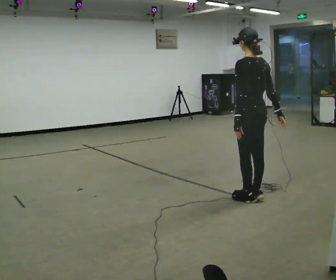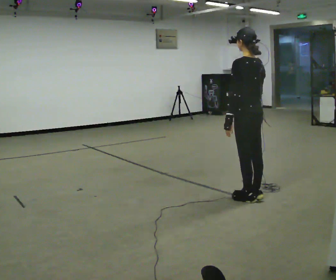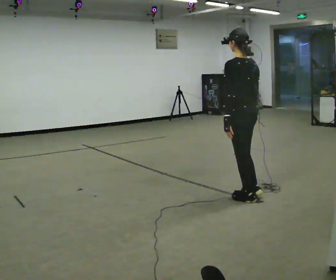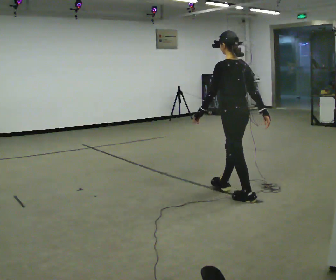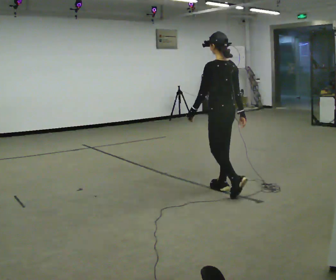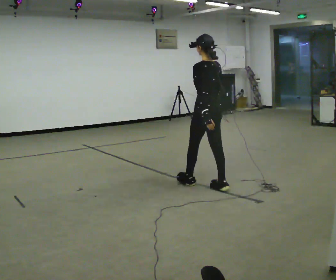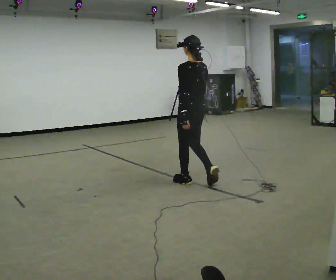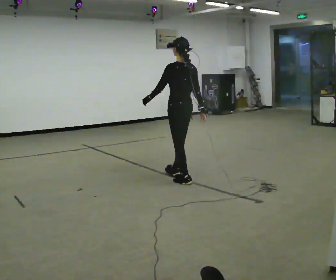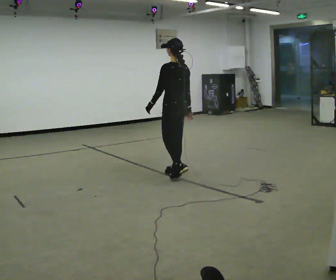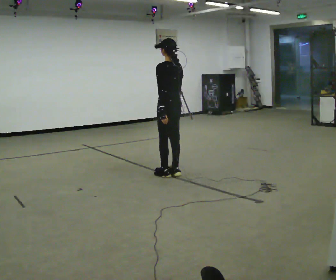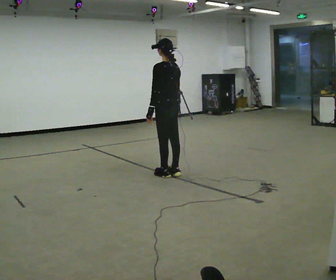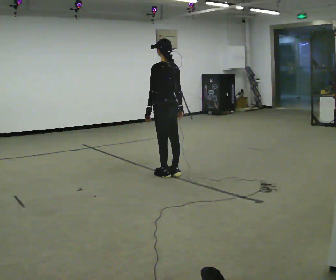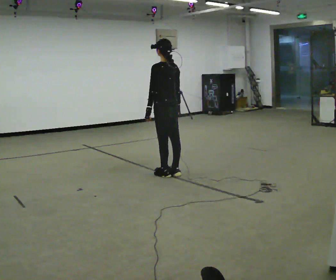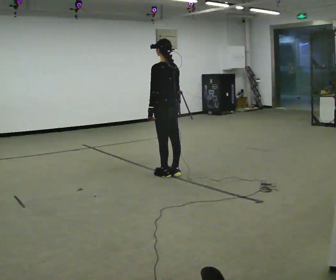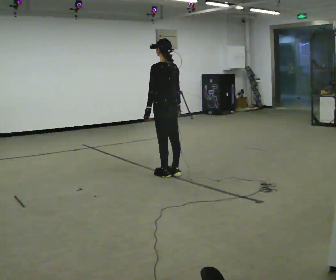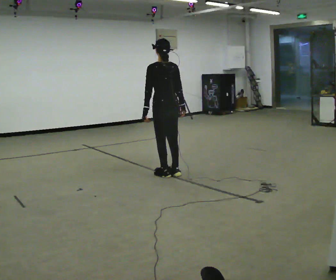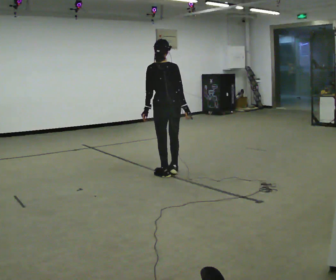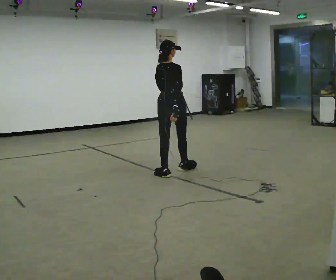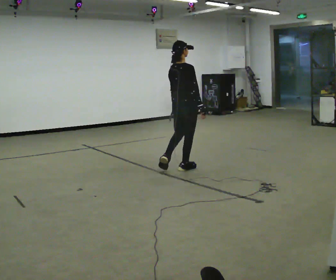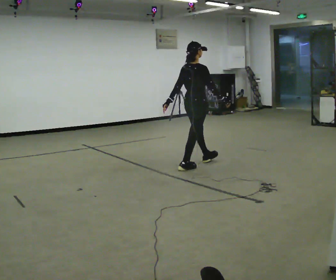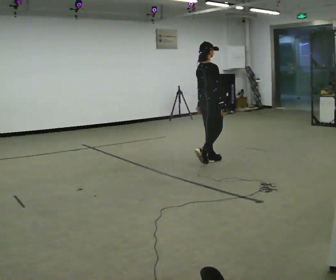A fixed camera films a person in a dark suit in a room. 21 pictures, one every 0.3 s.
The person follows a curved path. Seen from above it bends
clockwise.
The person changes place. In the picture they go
away from the camera.
0.0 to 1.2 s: In the picture they go away from the camera and to the left, about 0.5 m in 1 step, which for them is forward.
1.2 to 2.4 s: In the picture they go away from the camera and to the left, about 1 m in 2 steps, which for them is forward.
2.4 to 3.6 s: The person moves a little, or ends about where they began.
3.6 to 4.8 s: The person turns about 45 degrees to their right, clockwise seen from above, so the part of the body nearest the lens slides to the left.
4.8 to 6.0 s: The part of the body nearest the lens slides to the left as the person turns to their right by about 45 degrees. In the picture they go to the right and away from the camera, about 1 m in 2 steps, which for them is forward.
The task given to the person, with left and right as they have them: Walk straight; turn 90° left/right while continuing to walk; continue.
The film runs forward here.
